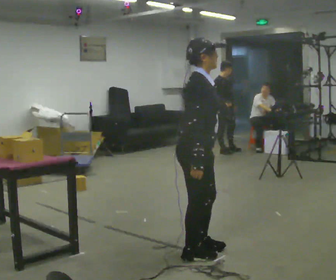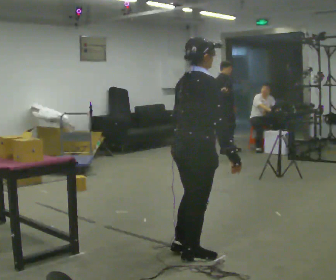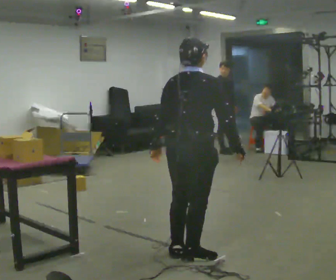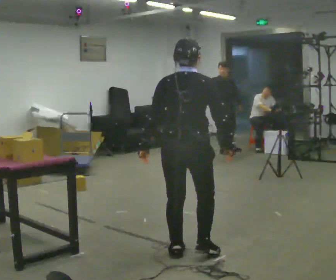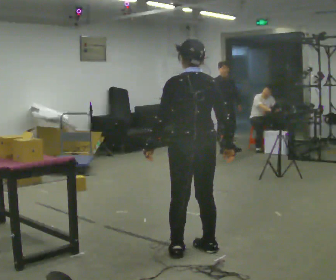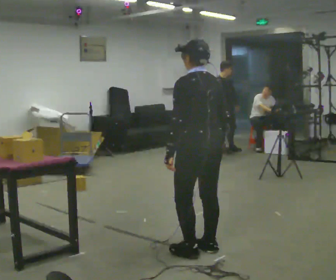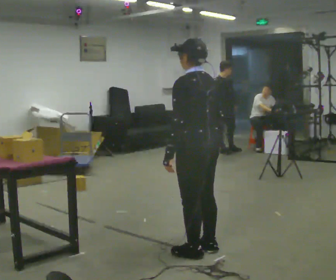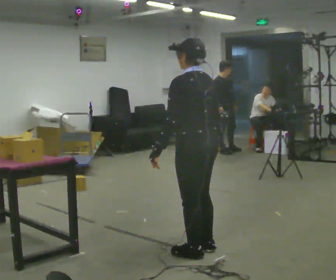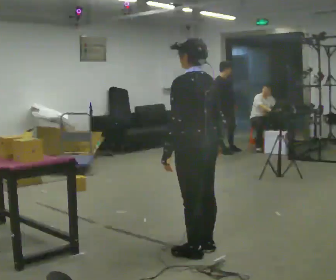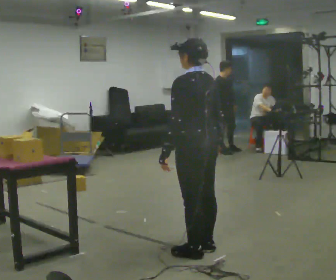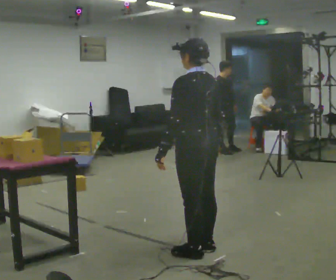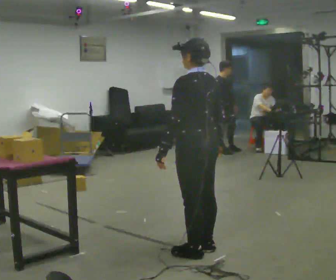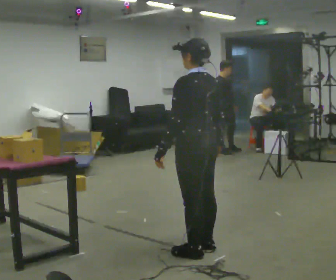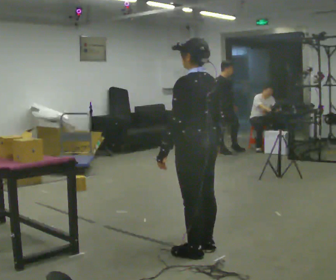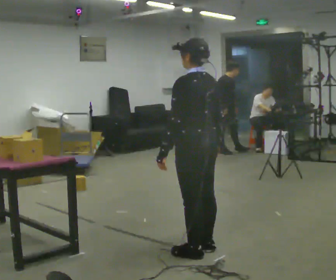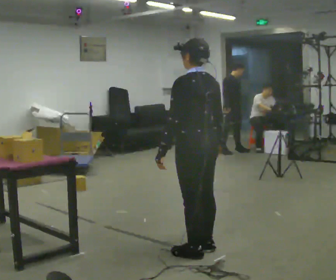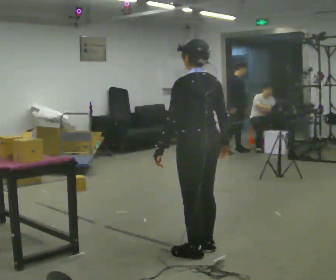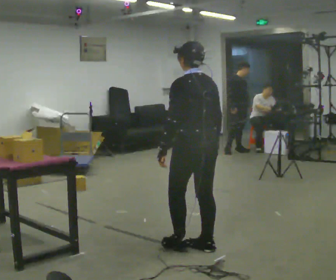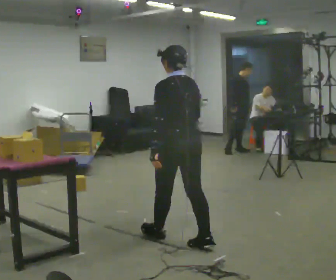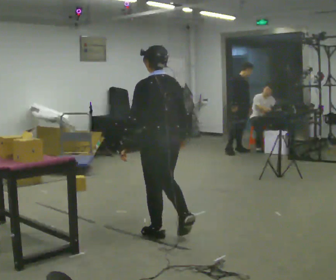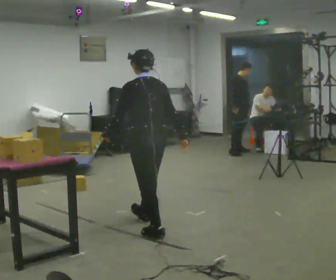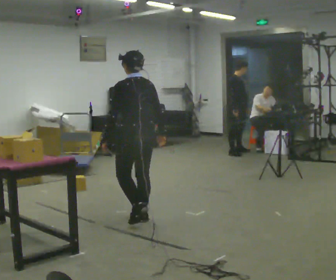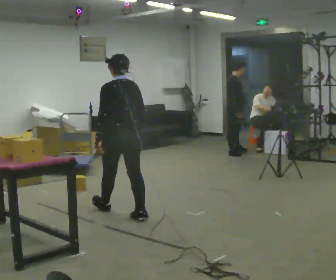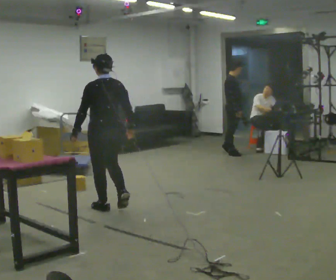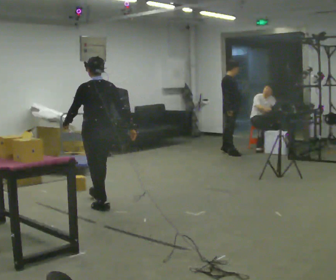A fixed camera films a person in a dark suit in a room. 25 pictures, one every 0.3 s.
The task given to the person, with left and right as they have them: The operator will name an object. Go and find it, bring it back, and hand it over. Then wait for the next one.
0.0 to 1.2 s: The part of the body nearest the lens slides to the right as the person turns to their left by about 120 degrees. In the picture their right hand goes to the right.
1.2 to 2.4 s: Seen from above the body turns counterclockwise, about 30 degrees: to their left, with its near side sliding to the right.
2.4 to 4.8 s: The person moves a little, or ends about where they began.
4.8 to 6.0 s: In the picture they go away from the camera and to the left, about 0.75 m in 1 step, which for them is forward.
6.0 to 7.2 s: In the picture they go away from the camera and to the left, about 1 m in 2 steps, which for them is forward.
The film runs forward here.
